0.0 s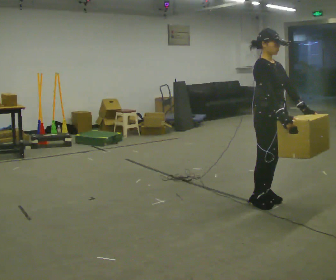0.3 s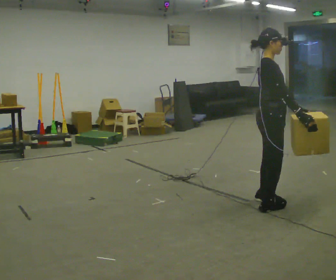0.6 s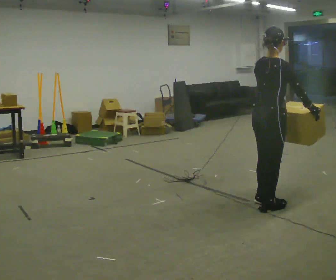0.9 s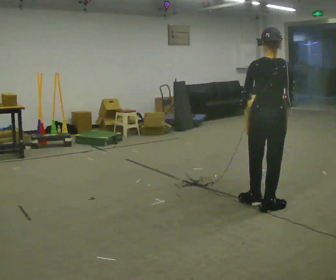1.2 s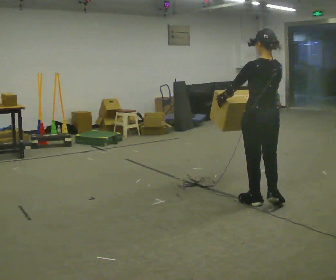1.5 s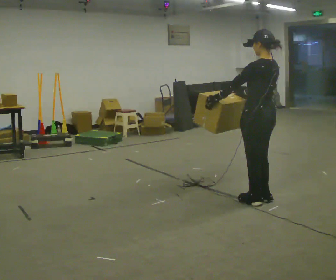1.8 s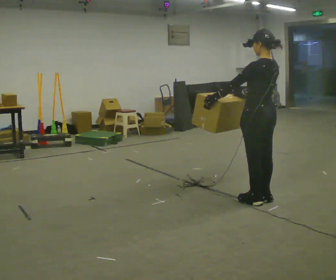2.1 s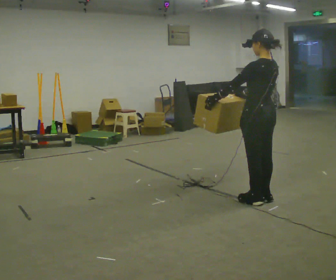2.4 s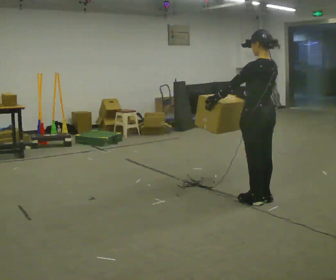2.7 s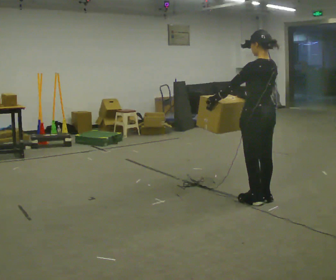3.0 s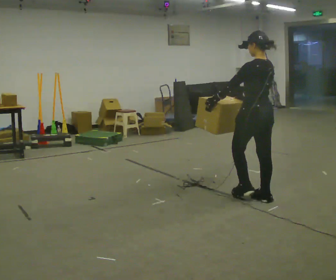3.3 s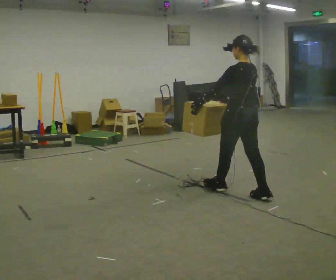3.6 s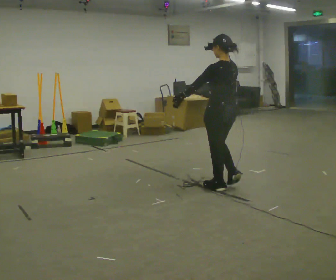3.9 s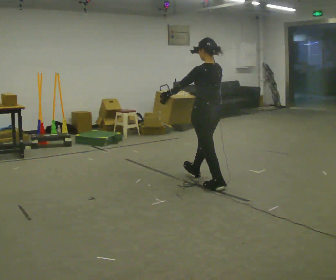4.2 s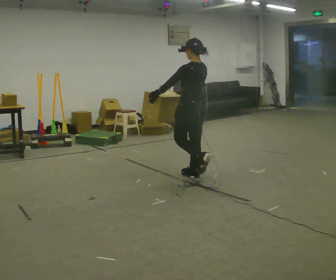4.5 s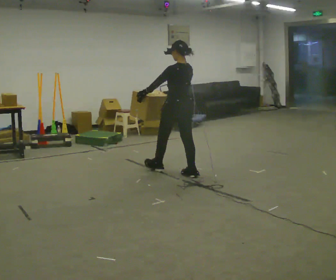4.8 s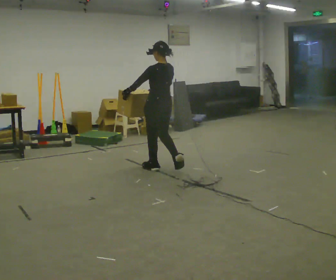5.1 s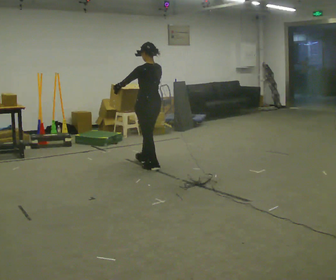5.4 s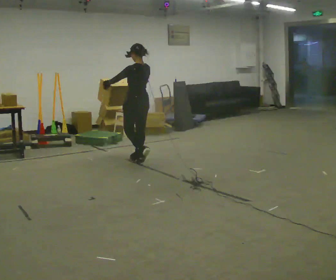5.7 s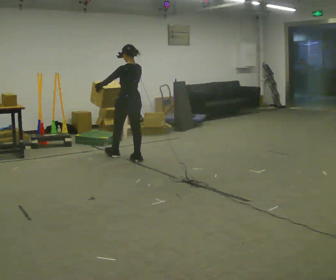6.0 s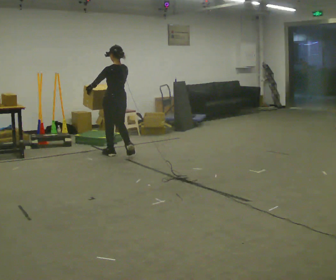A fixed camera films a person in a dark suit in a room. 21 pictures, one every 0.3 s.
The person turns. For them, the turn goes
to their left.
The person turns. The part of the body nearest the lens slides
to the right.
0.0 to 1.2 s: The part of the body nearest the lens slides to the right as the person turns to their left by about 150 degrees.
1.2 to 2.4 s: The person moves a little, or ends about where they began.
2.4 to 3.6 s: In the picture they go to the left and away from the camera, about 0.5 m in 1 step, which for them is forward.
3.6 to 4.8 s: In the picture they go to the left and away from the camera, about 1 m in 2 steps, which for them is forward.
4.8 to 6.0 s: In the picture they go to the left and away from the camera, about 1 m in 2 steps, which for them is forward.
The film runs forward here.
